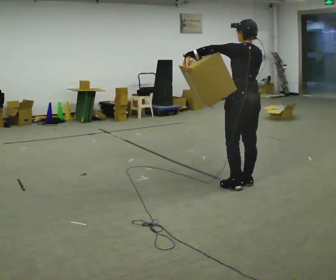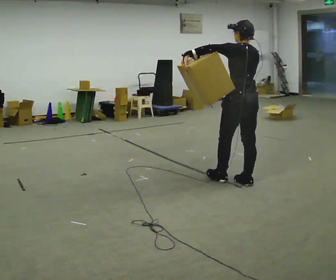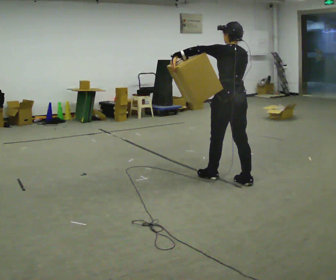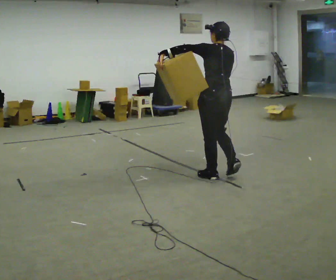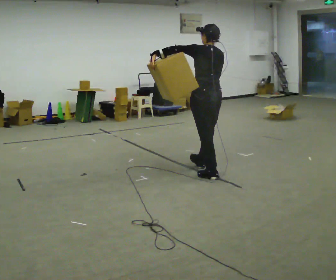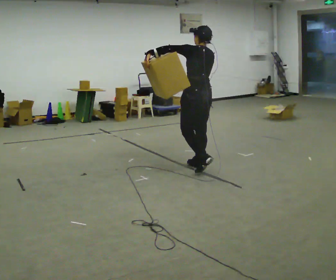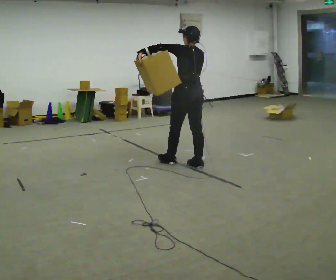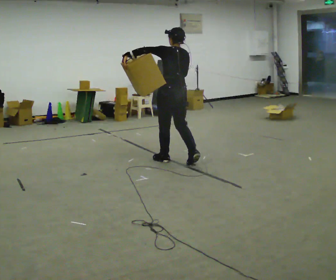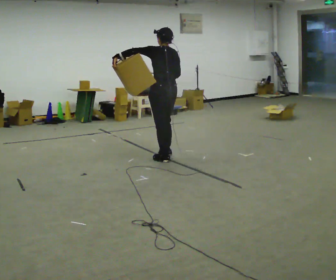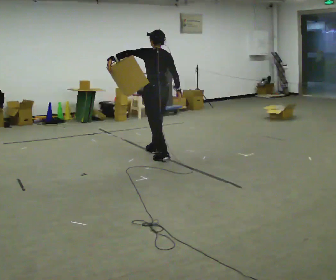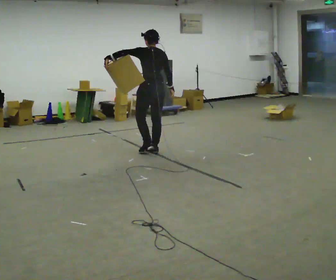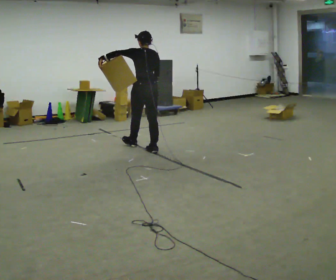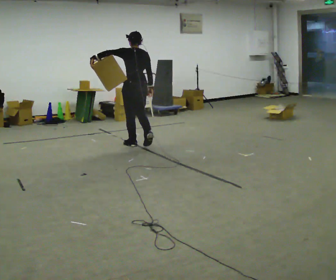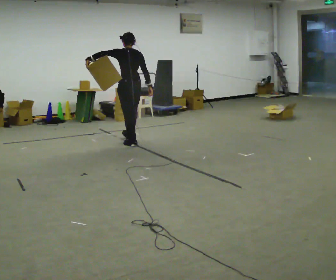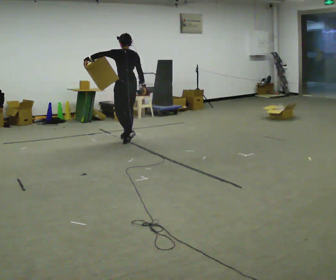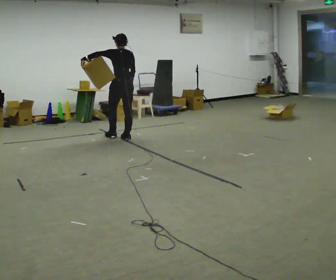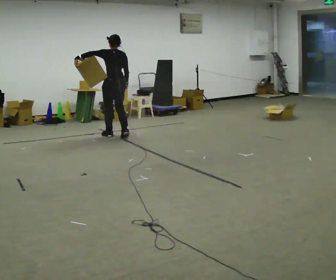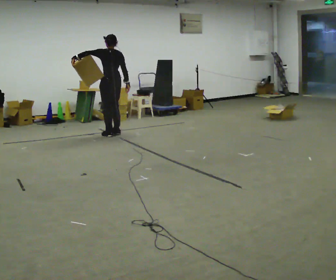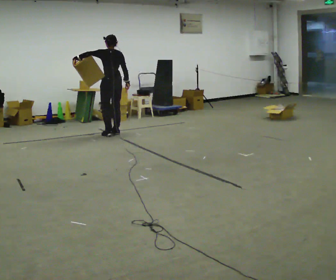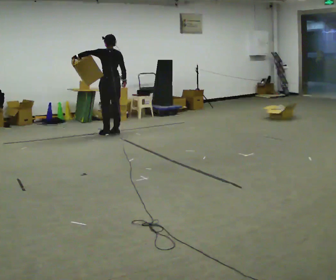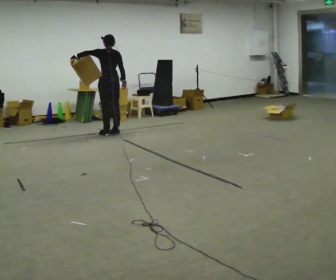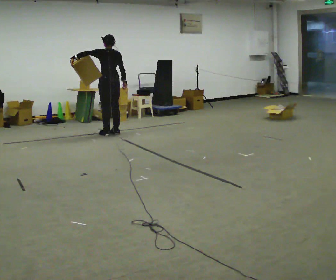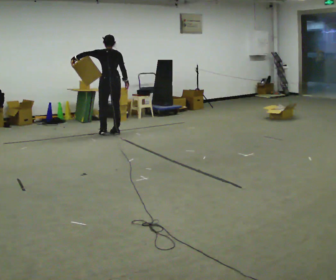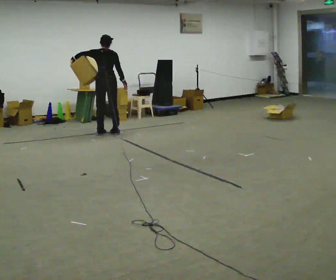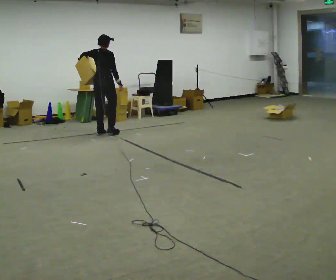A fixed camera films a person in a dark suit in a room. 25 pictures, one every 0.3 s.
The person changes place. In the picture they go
away from the camera.
0.0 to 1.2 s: In the picture they go away from the camera and to the left, about 0.5 m in 1 step, which for them is forward.
1.2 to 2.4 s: In the picture they go away from the camera and to the left, about 1 m in 2 steps, which for them is forward.
2.4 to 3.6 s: In the picture they go away from the camera and to the left, about 1 m in 2 steps, which for them is forward.
3.6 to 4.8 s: In the picture they go away from the camera and to the left, about 0.5 m in 2 steps, which for them is forward.
4.8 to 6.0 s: In the picture they go away from the camera, about 0.25 m in 1 step, which for them is forward.
6.0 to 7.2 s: The part of the body nearest the lens slides to the left as the person turns to their right by about 60 degrees.
The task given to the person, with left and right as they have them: Hold the object against your hip on the side the operator calls, and carry it back and forth across the room.
The film runs forward here.
